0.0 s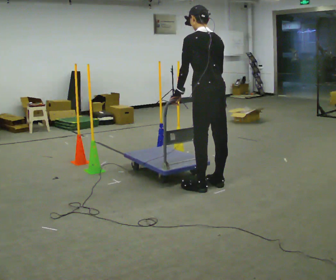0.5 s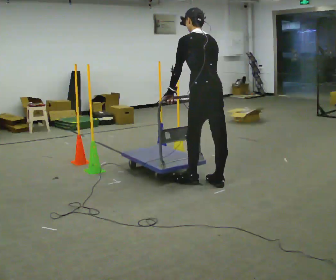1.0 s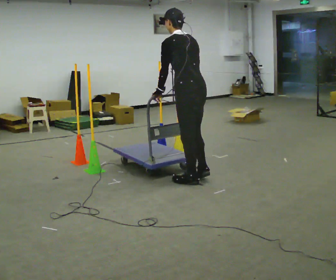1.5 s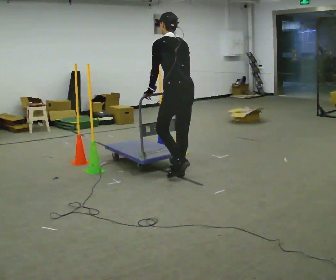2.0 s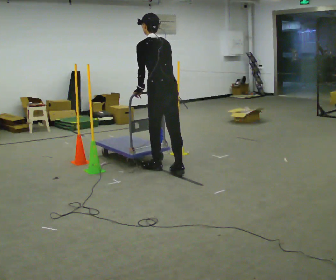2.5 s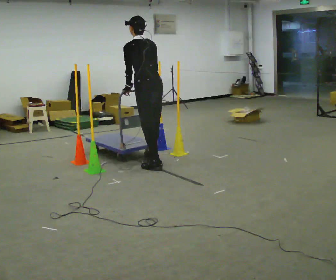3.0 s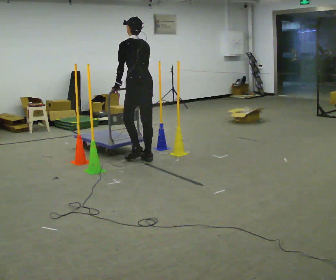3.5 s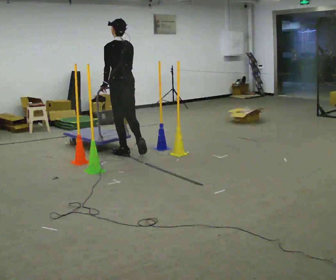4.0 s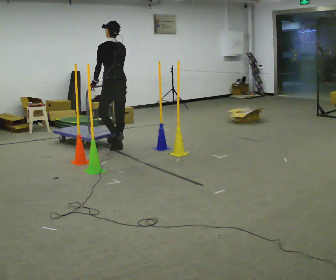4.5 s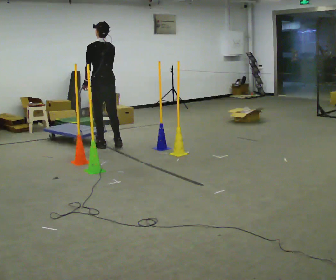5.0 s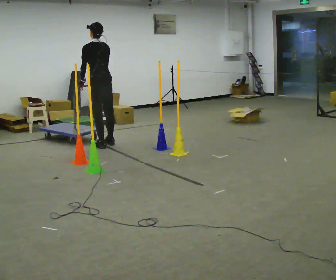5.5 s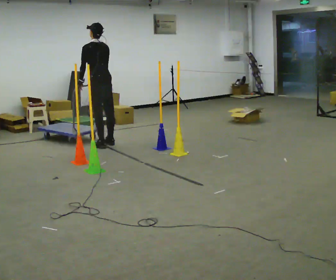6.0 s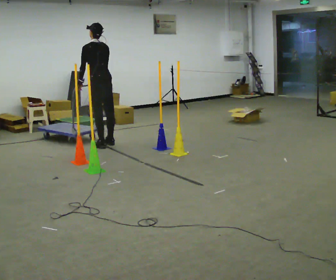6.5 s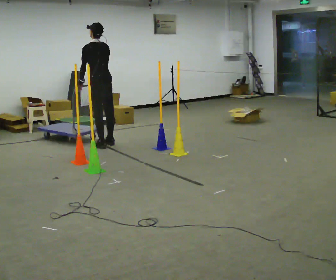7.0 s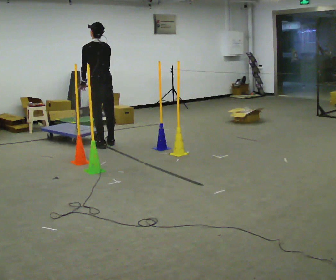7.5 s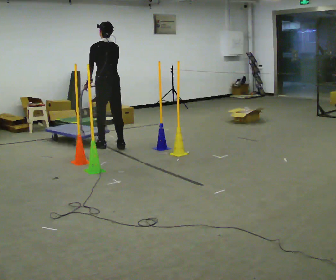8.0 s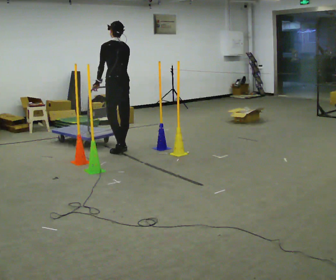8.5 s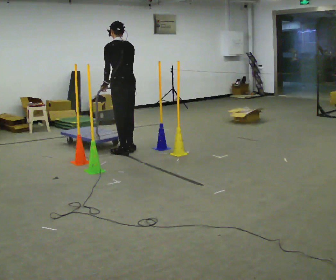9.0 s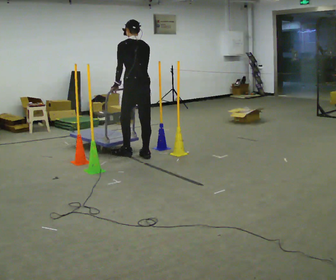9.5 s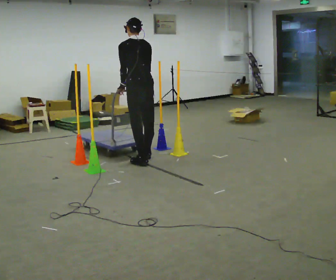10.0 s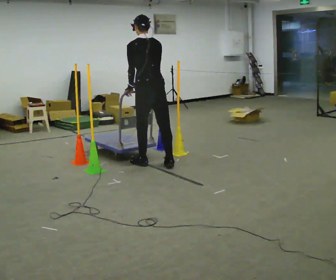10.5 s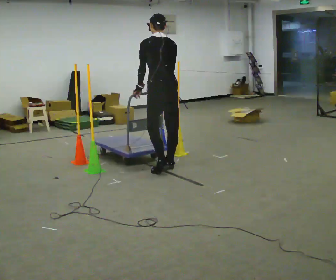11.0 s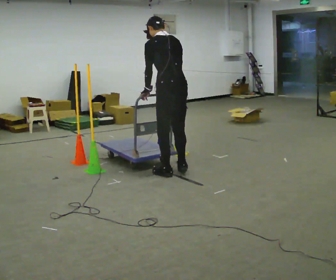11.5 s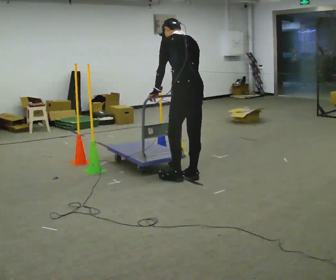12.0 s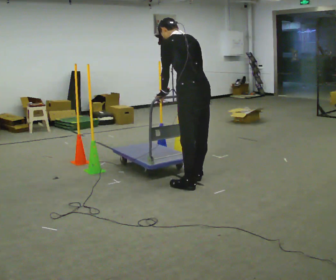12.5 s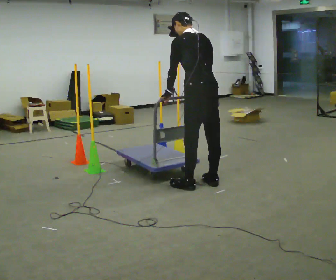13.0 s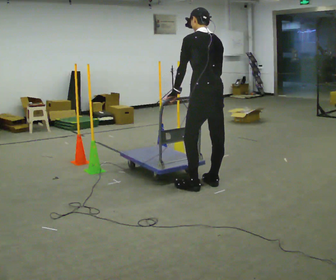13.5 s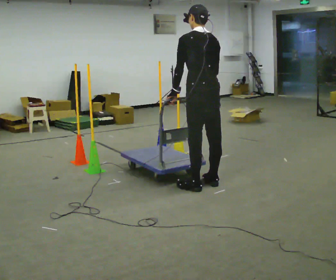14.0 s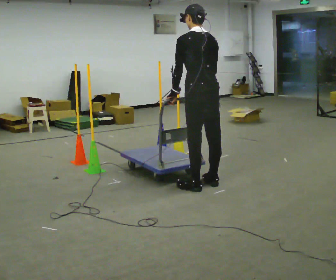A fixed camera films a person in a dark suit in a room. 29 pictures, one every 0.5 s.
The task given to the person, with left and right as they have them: Push the cart in and out of the line of poles without touching any of them. Keep going until the operator says stop.
0.0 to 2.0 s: In the picture they go away from the camera and to the left, about 0.5 m in 3 steps, which for them is forward.
2.0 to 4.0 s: In the picture they go away from the camera and to the left, about 1 m in 3 steps, which for them is forward.
4.0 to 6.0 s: In the picture they go away from the camera and to the left, about 0.25 m in 2 steps, which for them is forward.
6.0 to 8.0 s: In the picture they go toward the camera and to the right, about 0.5 m in 1 step, which for them is backward.
8.0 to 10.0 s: In the picture they go toward the camera and to the right, about 1 m in 4 steps, which for them is backward.
10.0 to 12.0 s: In the picture they go toward the camera and to the right, about 1 m in 3 steps, which for them is backward.
12.0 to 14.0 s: The person moves a little, or ends about where they began.
The film runs forward here.
